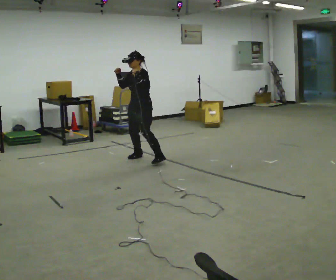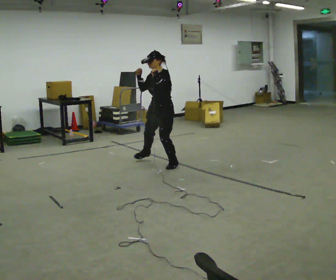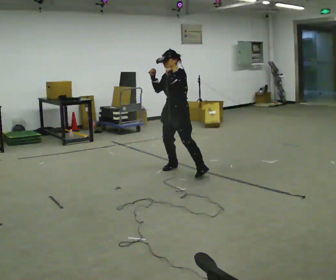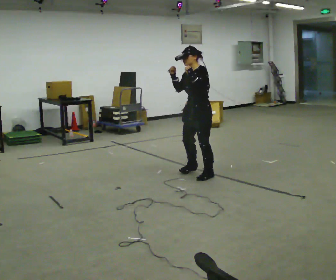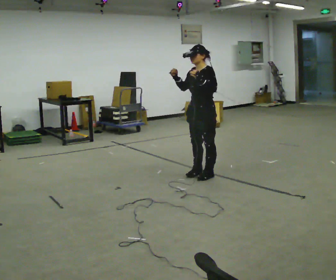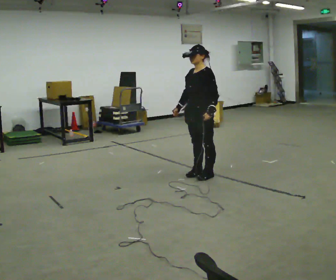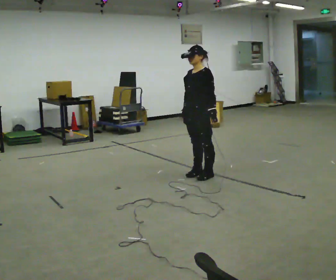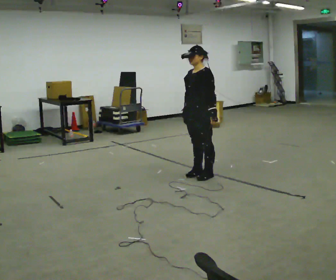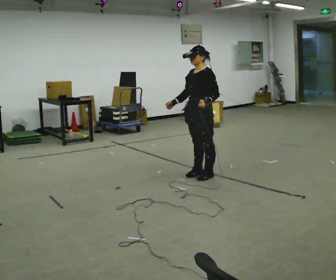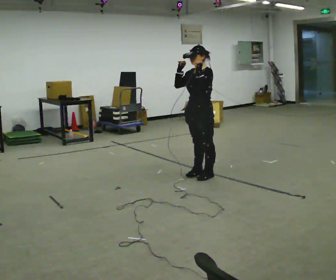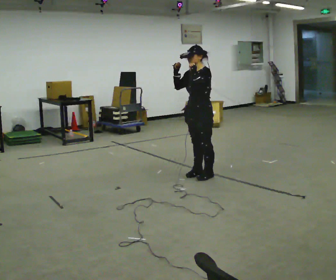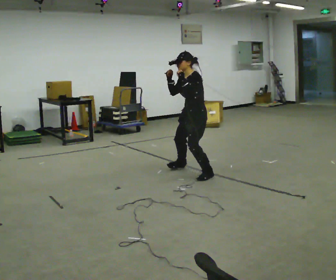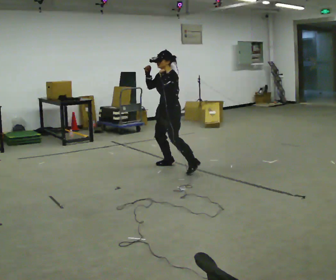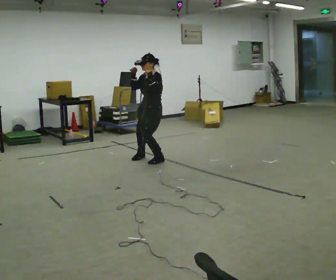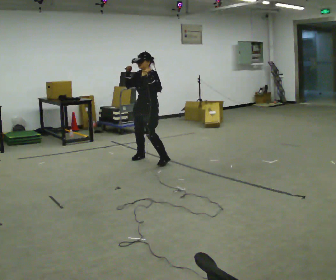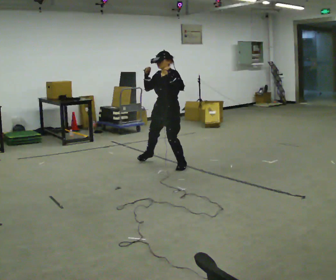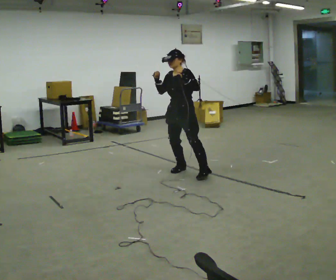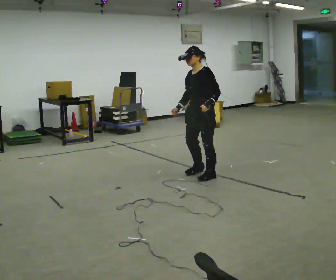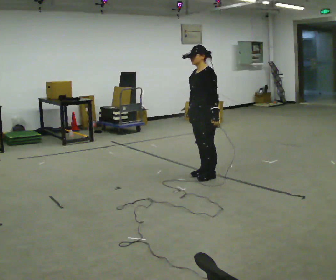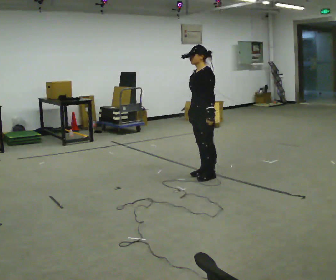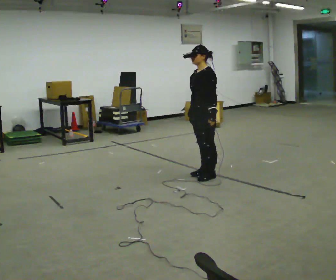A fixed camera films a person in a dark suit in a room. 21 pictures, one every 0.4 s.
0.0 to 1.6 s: In the picture they go to the right and toward the camera, about 1 m in 4 steps, which for them is to their left.
1.6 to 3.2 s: The person moves a little, or ends about where they began.
3.2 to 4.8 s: In the picture they go away from the camera and to the left, about 0.5 m in 1 step, which for them is to their right. In the picture their right hand goes upward.
4.8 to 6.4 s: In the picture they go toward the camera and to the right, about 0.25 m in 4 steps, which for them is to their left.
6.4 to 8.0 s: The part of the body nearest the lens slides to the left as the person turns to their right by about 30 degrees. In the picture they go to the right and toward the camera, about 0.25 m in 2 steps, which for them is to their left. In the picture their right hand goes downward.
The film runs forward here.
